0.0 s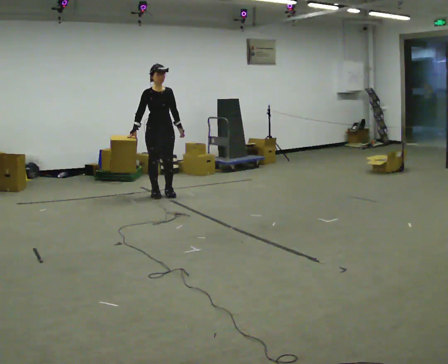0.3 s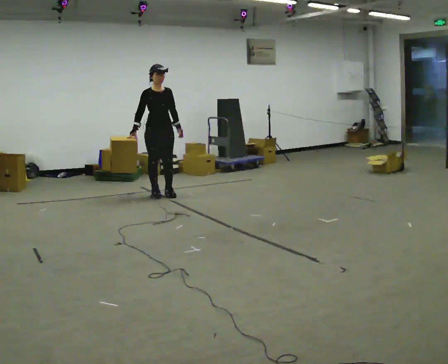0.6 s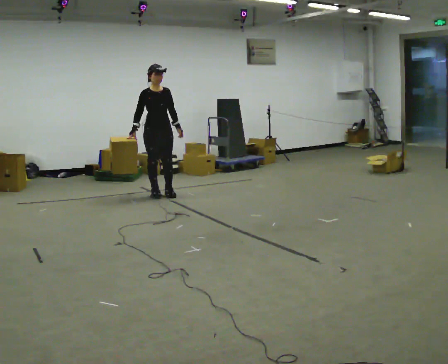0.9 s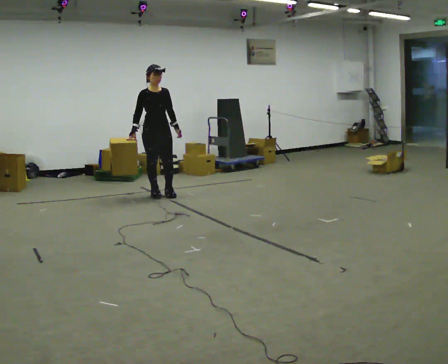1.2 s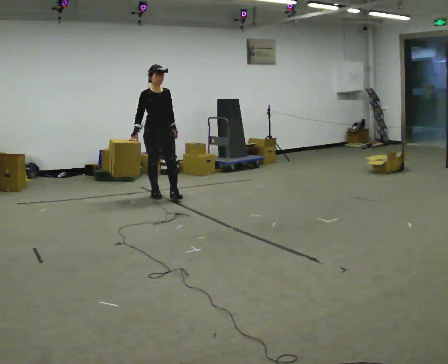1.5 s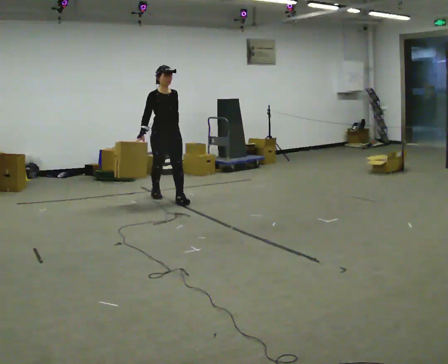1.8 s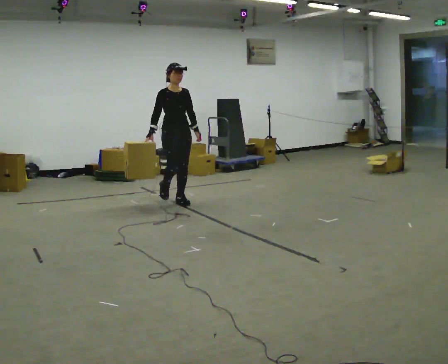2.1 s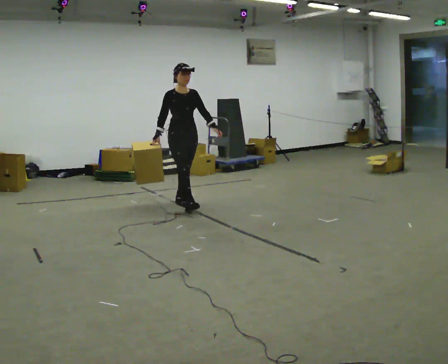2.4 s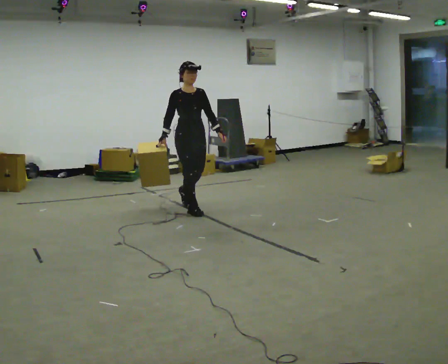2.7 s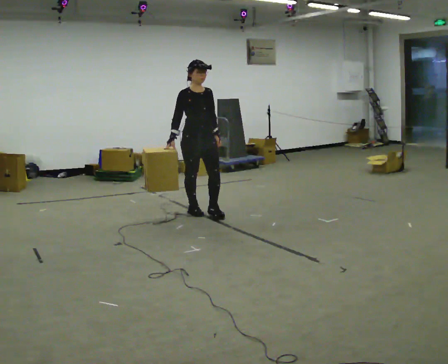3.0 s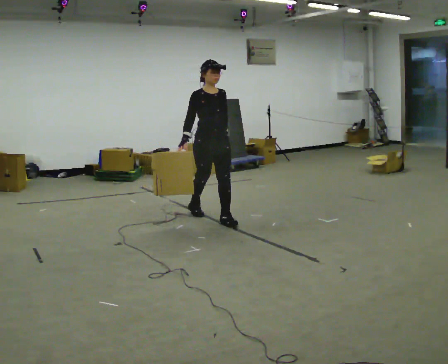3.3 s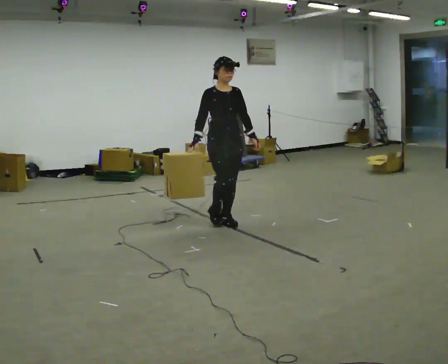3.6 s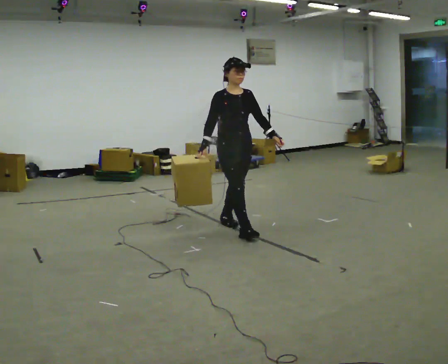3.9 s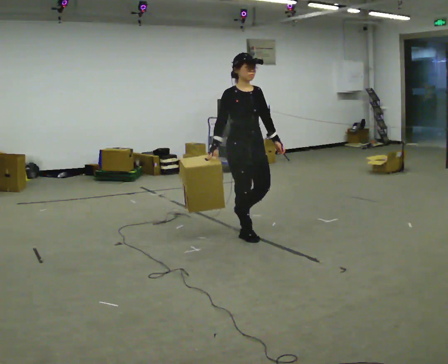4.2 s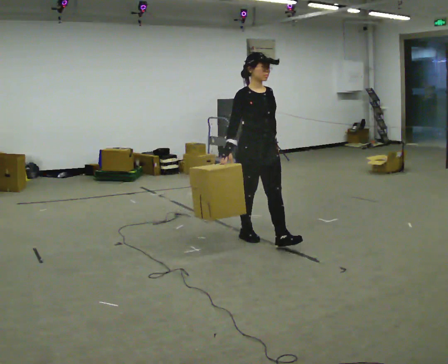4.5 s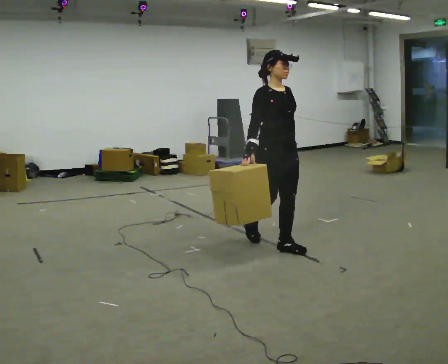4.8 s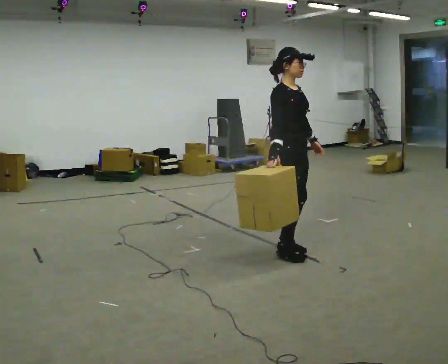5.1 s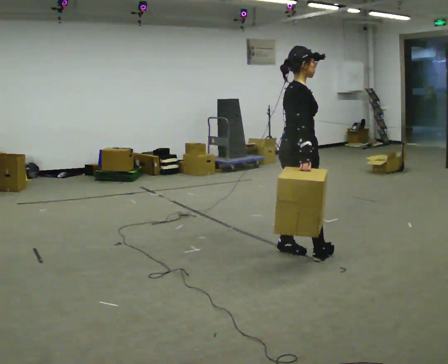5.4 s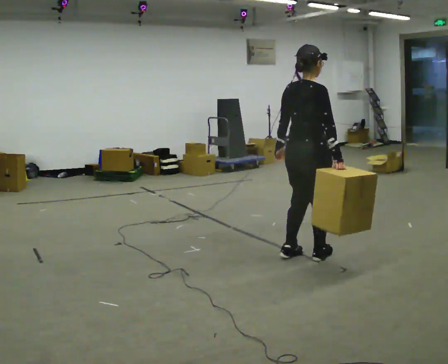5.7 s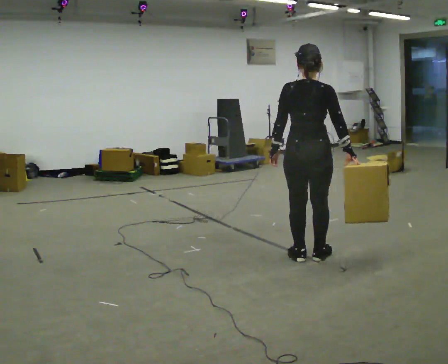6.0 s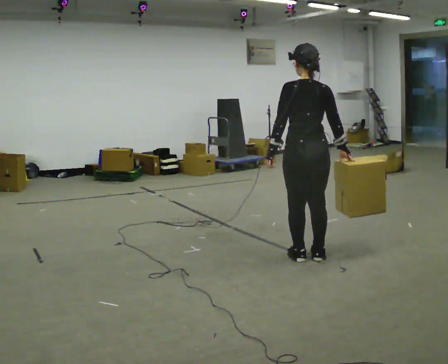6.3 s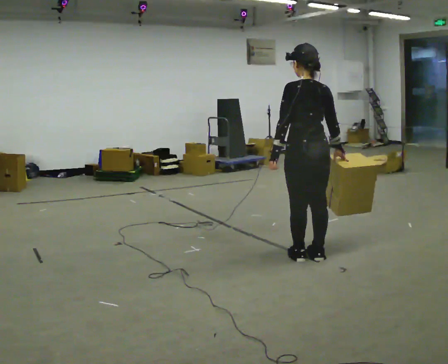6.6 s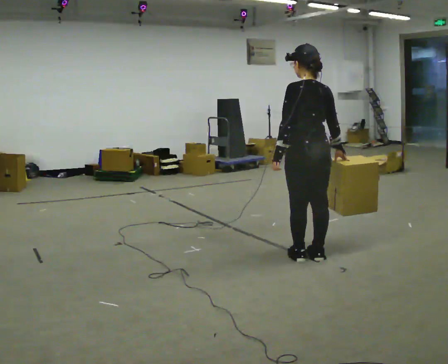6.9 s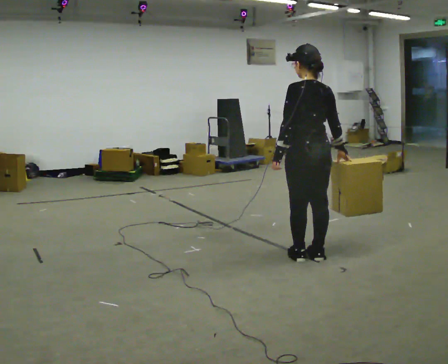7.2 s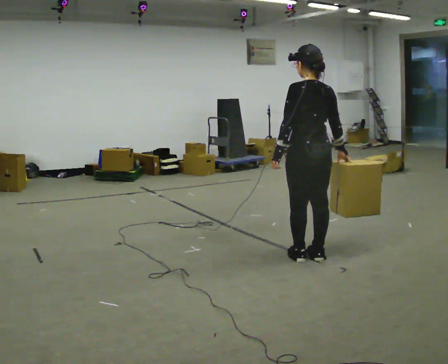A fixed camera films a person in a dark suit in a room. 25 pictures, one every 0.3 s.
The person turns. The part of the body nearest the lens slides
to the right.
The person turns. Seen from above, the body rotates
counterclockwise.
0.0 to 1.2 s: The person moves a little, or ends about where they began.
1.2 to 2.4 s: In the picture they go toward the camera and to the right, about 1 m in 2 steps, which for them is forward.
2.4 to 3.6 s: In the picture they go toward the camera and to the right, about 1 m in 2 steps, which for them is forward.
3.6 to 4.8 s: The person turns about 30 degrees to their left, counterclockwise seen from above, so the part of the body nearest the lens slides to the right. In the picture they go toward the camera and to the right, about 1 m in 1 step, which for them is forward.
4.8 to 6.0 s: The part of the body nearest the lens slides to the right as the person turns to their left by about 135 degrees. In the picture they go toward the camera, about 0.25 m in 2 steps.
6.0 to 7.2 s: The person moves a little, or ends about where they began.
The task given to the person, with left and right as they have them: Carry the box across the room, stopping and starting again each time the operator says stop and go. Do not set the box down.
The film runs forward here.
